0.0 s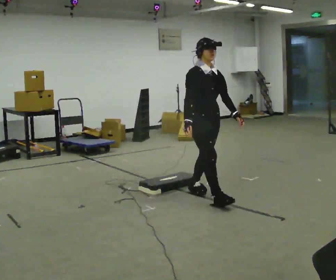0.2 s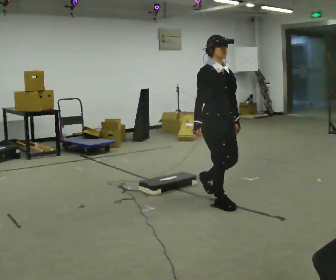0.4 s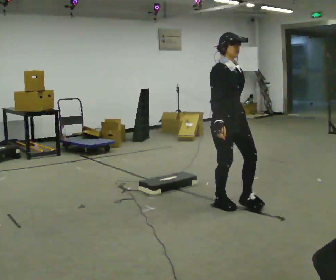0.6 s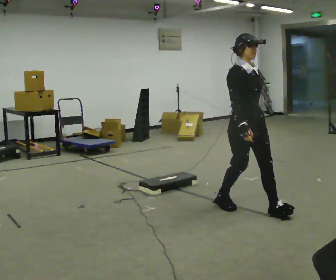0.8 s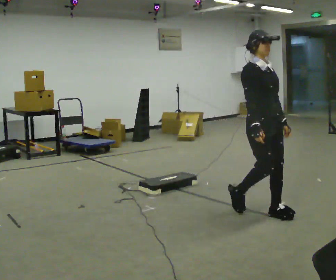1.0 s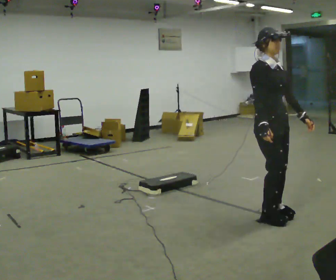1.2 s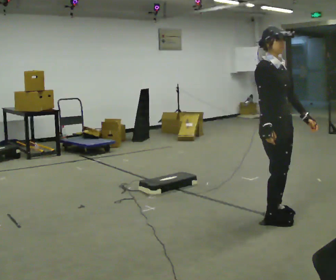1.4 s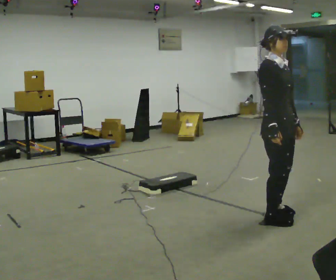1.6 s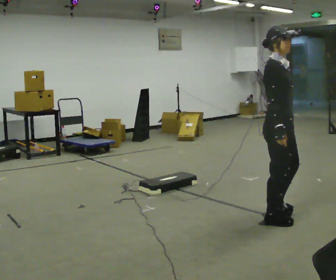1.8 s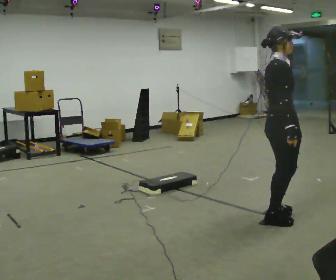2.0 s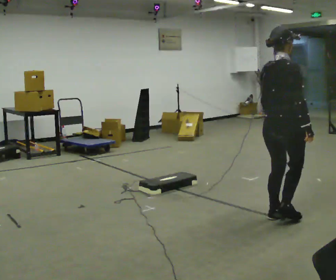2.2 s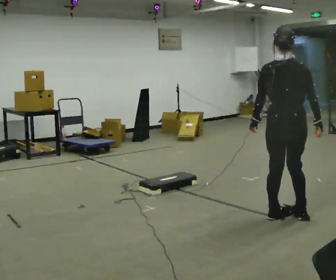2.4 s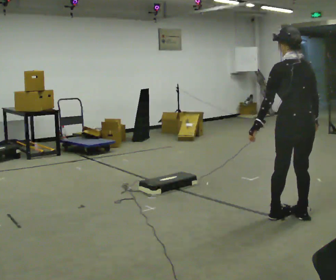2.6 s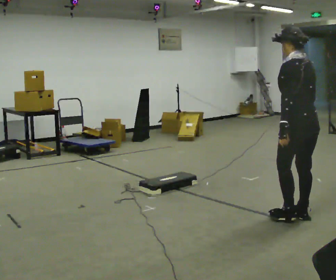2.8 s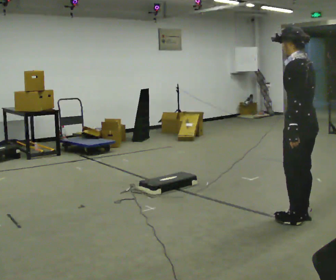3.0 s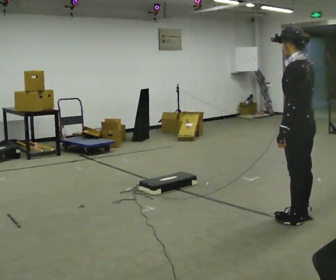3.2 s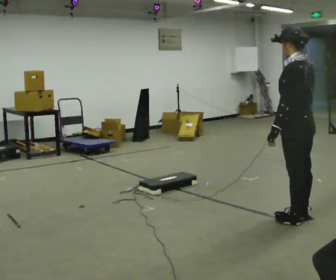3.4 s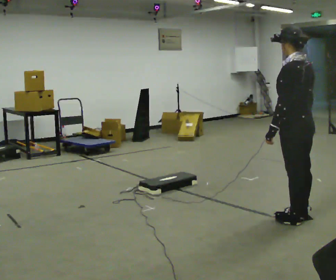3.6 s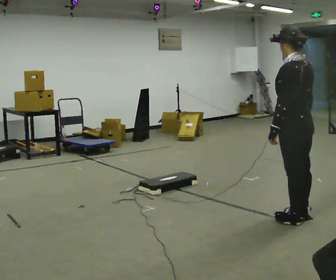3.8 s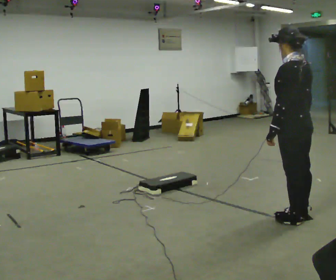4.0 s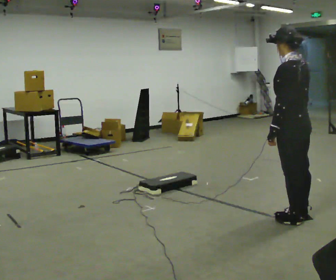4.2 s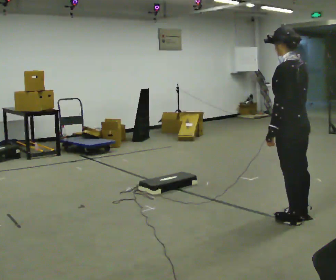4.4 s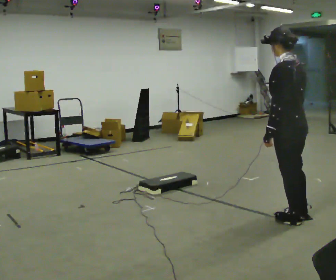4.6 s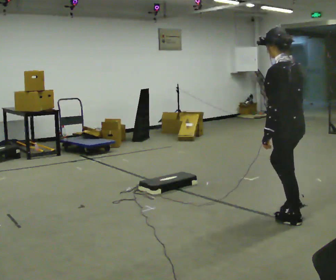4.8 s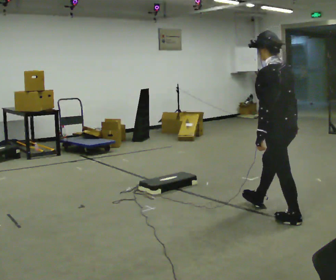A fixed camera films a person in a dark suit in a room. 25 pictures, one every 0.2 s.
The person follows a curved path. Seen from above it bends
counterclockwise.
The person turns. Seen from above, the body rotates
counterclockwise.
0.0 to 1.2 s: In the picture they go to the right and toward the camera, about 1 m in 3 steps, which for them is forward.
1.2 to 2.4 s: The person turns about 150 degrees to their left, counterclockwise seen from above, so the part of the body nearest the lens slides to the right. In the picture they go to the right, about 0.25 m in 1 step. In the picture their left hand goes to the left, the arm swinging clockwise.
2.4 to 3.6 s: The person turns about 30 degrees to their left, counterclockwise seen from above, so the part of the body nearest the lens slides to the right.
3.6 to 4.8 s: The person moves a little, or ends about where they began.
The film runs forward here.
